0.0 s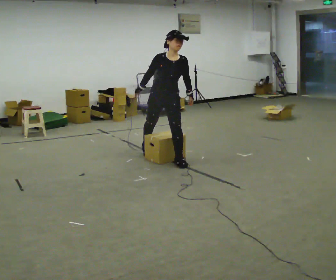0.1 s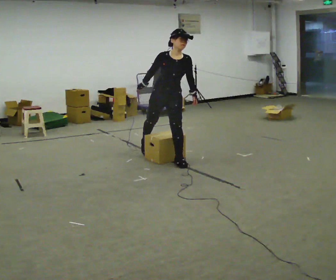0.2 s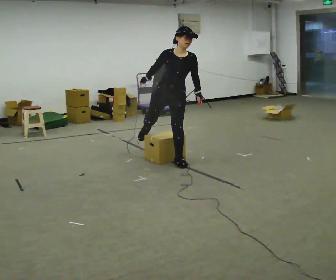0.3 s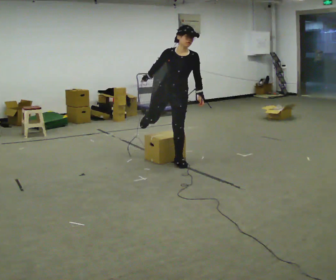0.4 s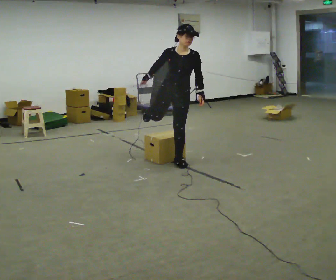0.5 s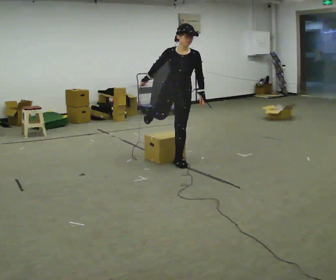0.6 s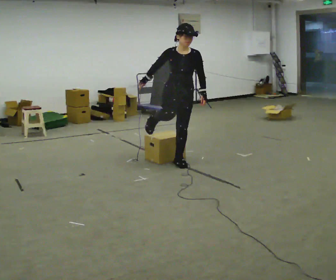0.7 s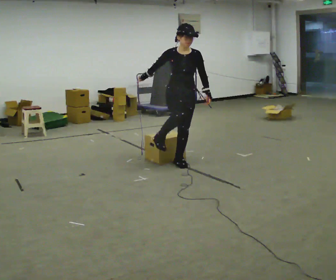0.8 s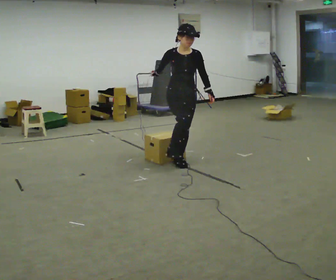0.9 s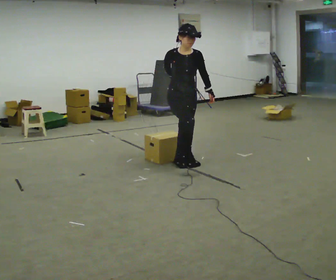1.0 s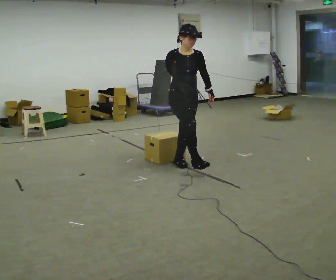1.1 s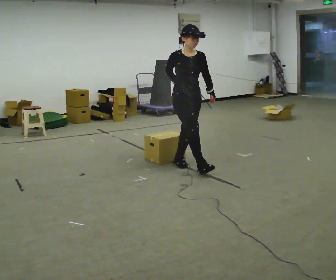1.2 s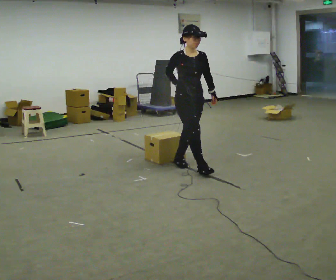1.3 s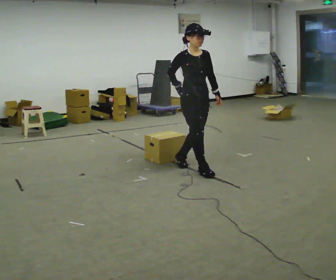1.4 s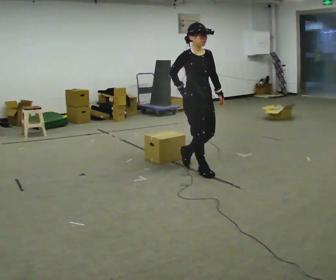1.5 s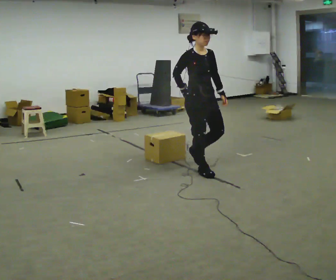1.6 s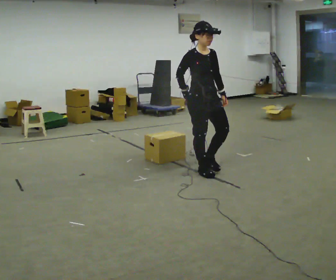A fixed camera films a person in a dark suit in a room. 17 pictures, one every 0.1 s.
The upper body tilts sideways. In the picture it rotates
counterclockwise.
0.0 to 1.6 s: The person turns about 30 degrees to their left, counterclockwise seen from above, so the part of the body nearest the lens slides to the right. In the picture they go toward the camera and to the right, about 0.75 m in 1 step, which for them is forward. In the picture the upper body tilts counterclockwise, shoulders to the left, as they lean back or straighten.
The film runs forward here.
